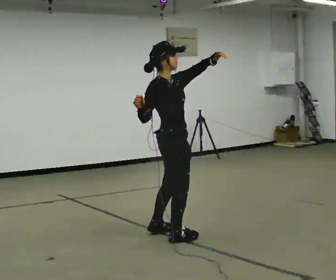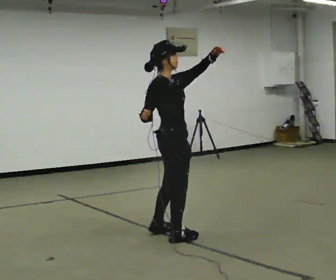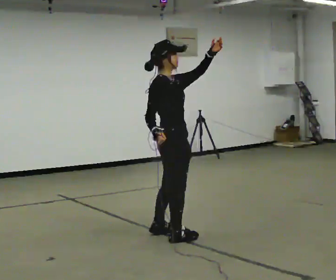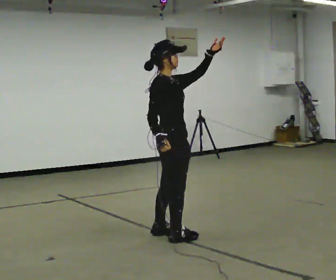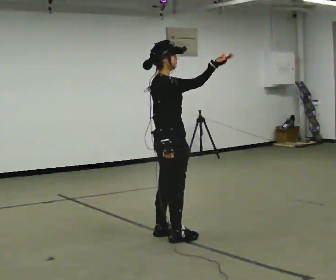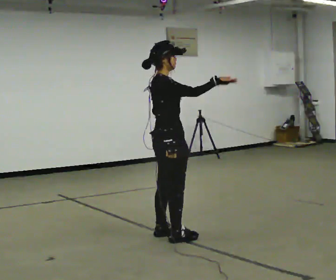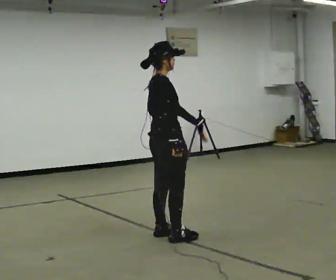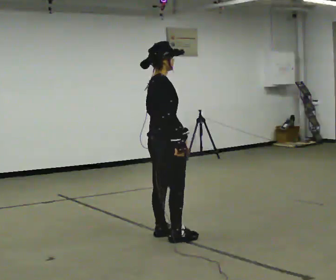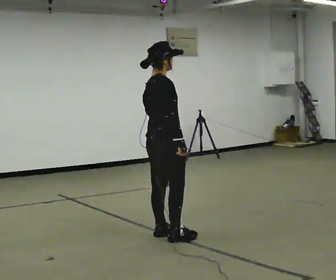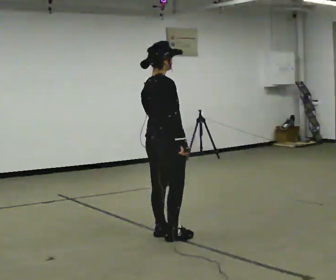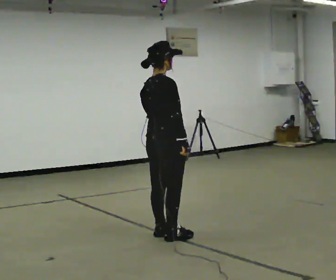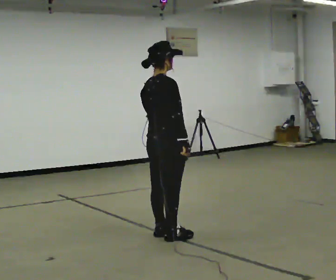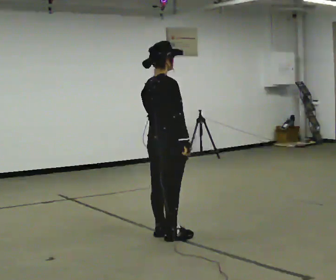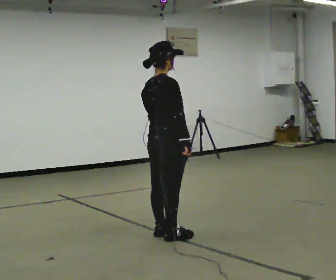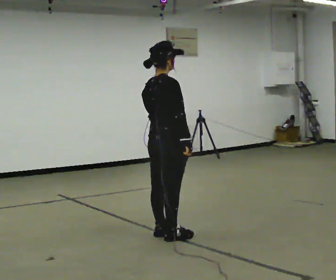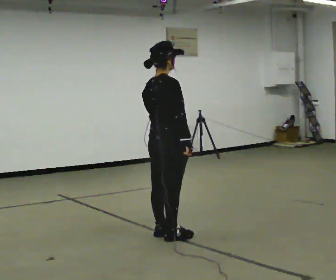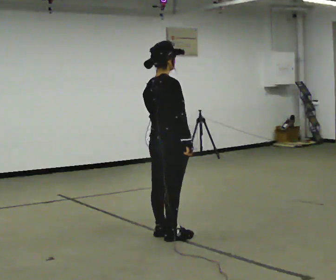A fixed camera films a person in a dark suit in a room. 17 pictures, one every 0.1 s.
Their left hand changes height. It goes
downward.
Their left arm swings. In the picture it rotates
clockwise.
0.0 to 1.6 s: The part of the body nearest the lens slides to the right as the person turns to their left by about 45 degrees. In the picture their left hand goes downward and to the left, the arm swinging clockwise.
The film runs backward here.
